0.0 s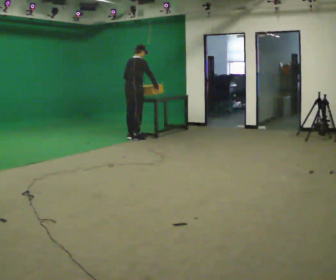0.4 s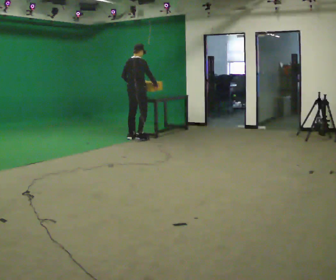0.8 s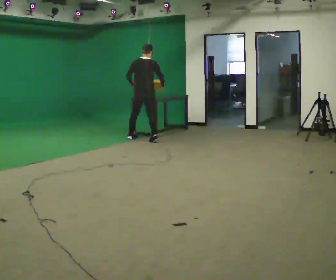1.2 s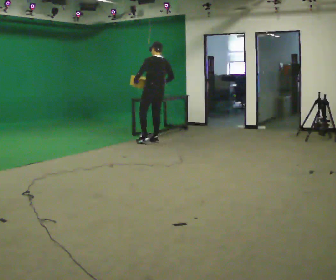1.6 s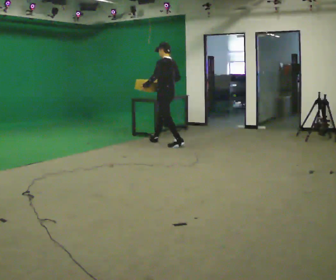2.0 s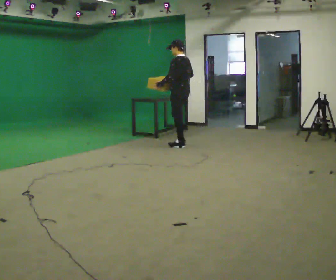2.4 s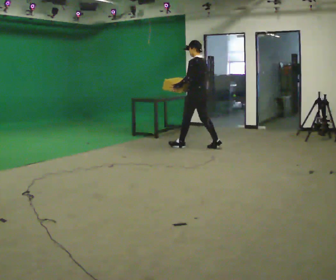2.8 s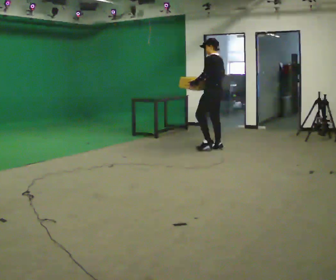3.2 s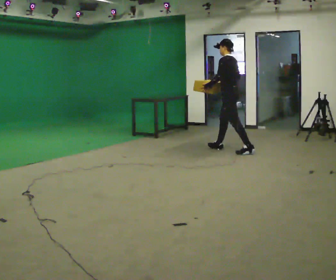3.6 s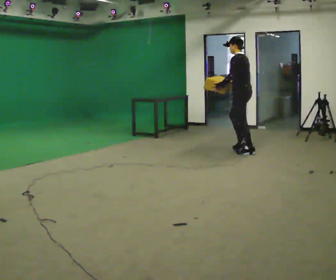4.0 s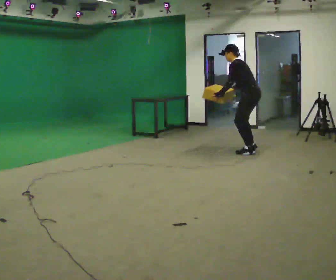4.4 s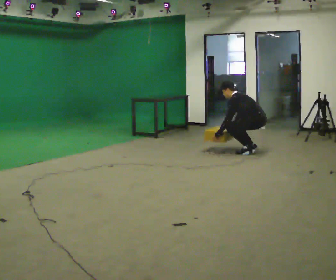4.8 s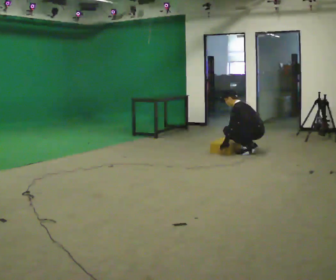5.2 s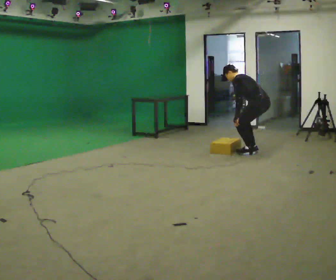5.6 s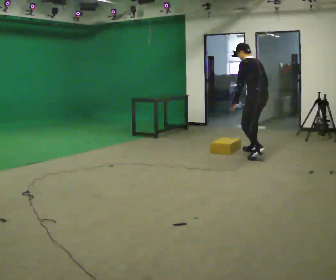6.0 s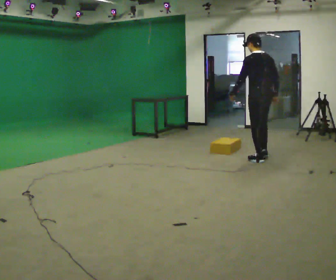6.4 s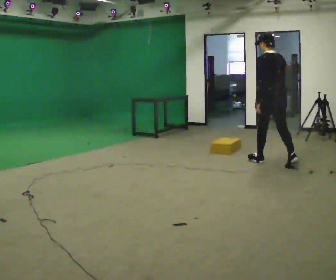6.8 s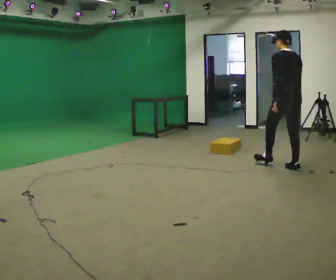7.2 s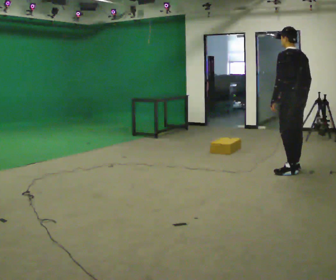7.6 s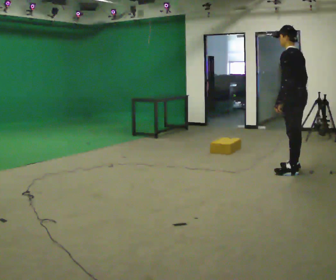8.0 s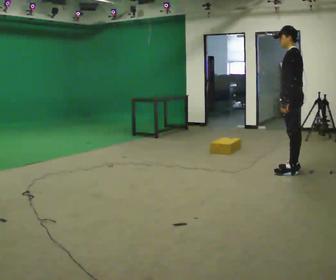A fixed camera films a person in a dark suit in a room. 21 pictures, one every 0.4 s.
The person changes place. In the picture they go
to the right.
0.0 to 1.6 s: The person turns about 105 degrees to their left, counterclockwise seen from above, so the part of the body nearest the lens slides to the right. In the picture they go to the right, about 1 m in 2 steps.
1.6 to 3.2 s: In the picture they go to the right, about 1 m in 2 steps, which for them is backward.
3.2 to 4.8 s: In the picture they go to the right, about 0.5 m in 1 step, which for them is backward. The shoulders move downward. In the picture their left hand goes downward.
4.8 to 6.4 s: The person turns about 45 degrees to their right, clockwise seen from above, so the part of the body nearest the lens slides to the left. In the picture they go toward the camera, about 1 m in 2 steps, which for them is backward and to their left. The shoulders move upward. In the picture the upper body tilts clockwise, shoulders to the right, as they lean back or straighten. In the picture their left hand goes upward.
6.4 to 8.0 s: Seen from above the body turns counterclockwise, about 45 degrees: to their left, with its near side sliding to the right. In the picture they go toward the camera and to the right, about 0.5 m in 1 step, which for them is backward.
The film runs backward here.
